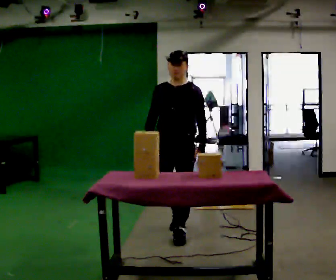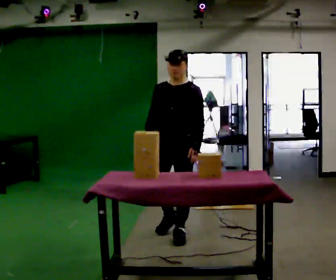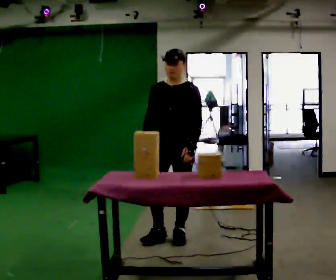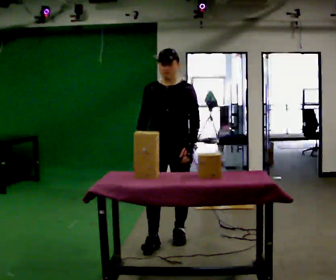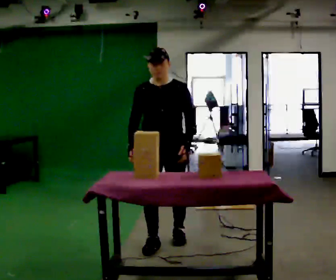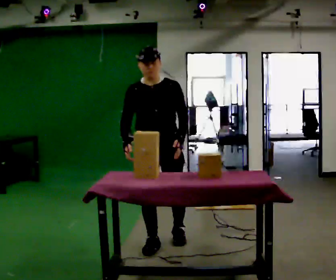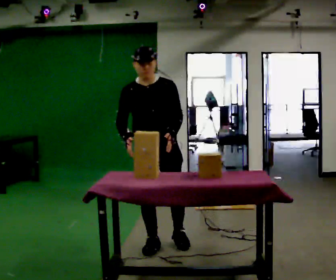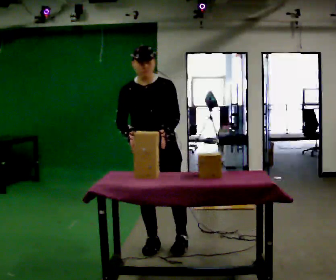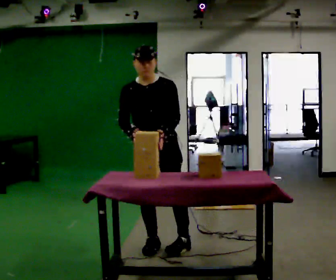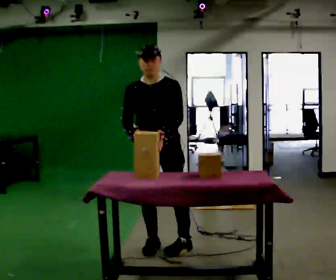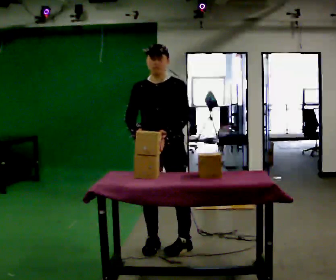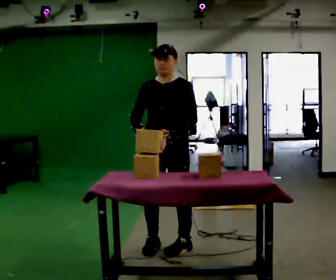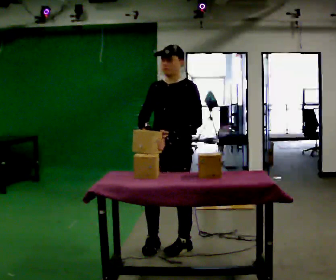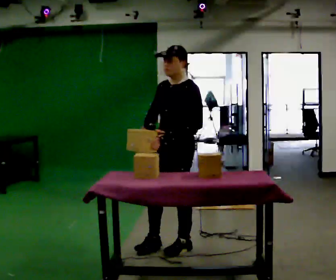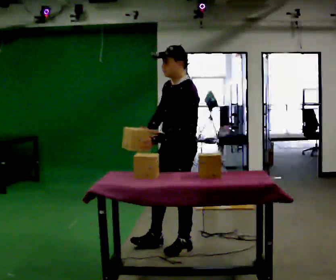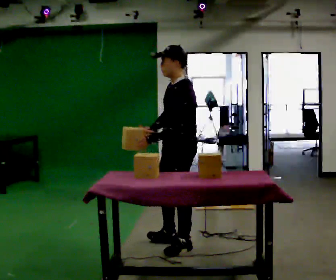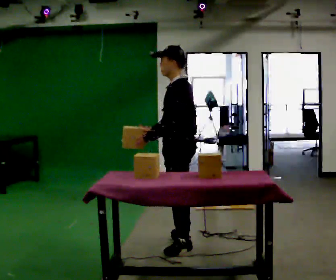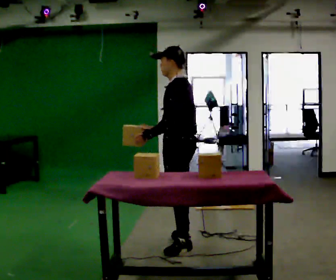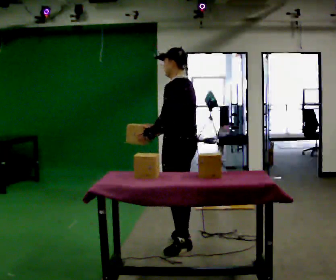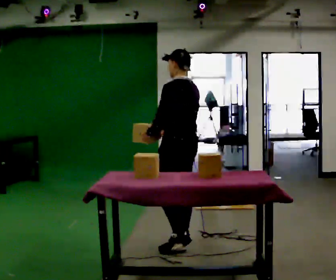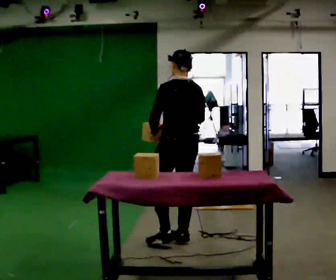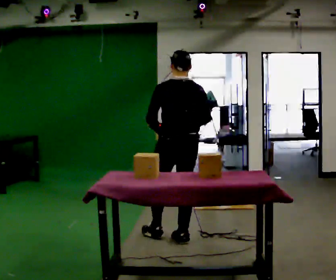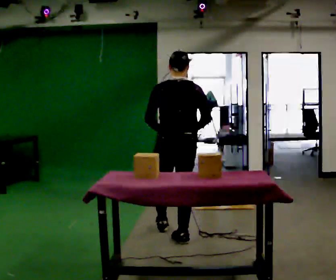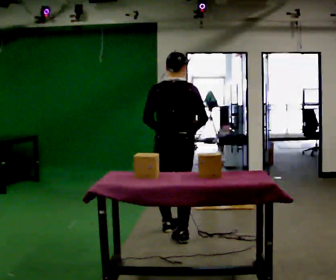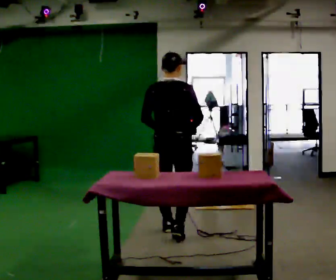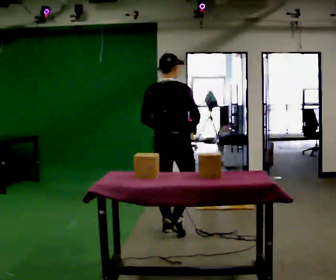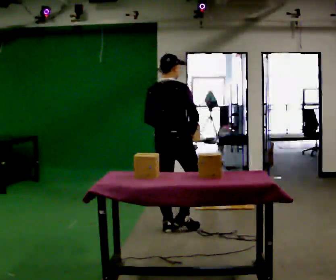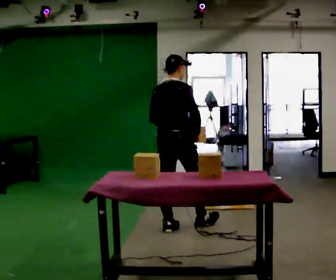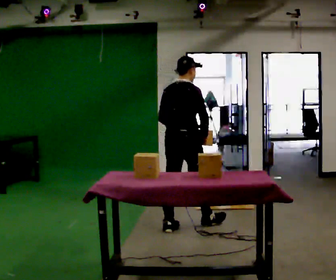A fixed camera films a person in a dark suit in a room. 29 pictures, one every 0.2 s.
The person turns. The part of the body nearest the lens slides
to the left.
The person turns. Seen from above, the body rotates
clockwise.
0.0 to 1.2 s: Seen from above the body turns counterclockwise, about 30 degrees: to their left, with its near side sliding to the right. In the picture they go toward the camera and to the left, about 0.25 m in 1 step, which for them is forward and to their right.
1.2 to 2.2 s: The part of the body nearest the lens slides to the left as the person turns to their right by about 30 degrees.
2.2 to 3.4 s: The part of the body nearest the lens slides to the left as the person turns to their right by about 75 degrees.
3.4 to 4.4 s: Seen from above the body turns clockwise, about 75 degrees: to their right, with its near side sliding to the left. In the picture they go away from the camera, about 0.25 m.
4.4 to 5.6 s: The person turns about 30 degrees to their right, clockwise seen from above, so the part of the body nearest the lens slides to the left. In the picture they go away from the camera, about 0.25 m in 2 steps, which for them is forward and to their left.
The film runs forward here.
